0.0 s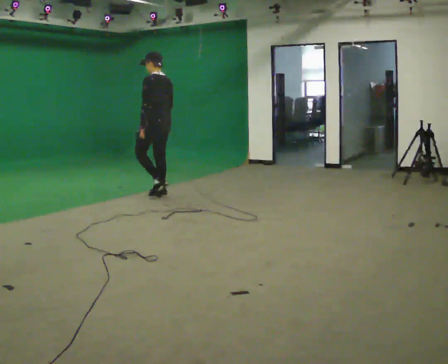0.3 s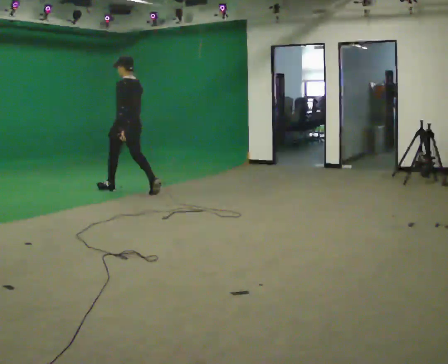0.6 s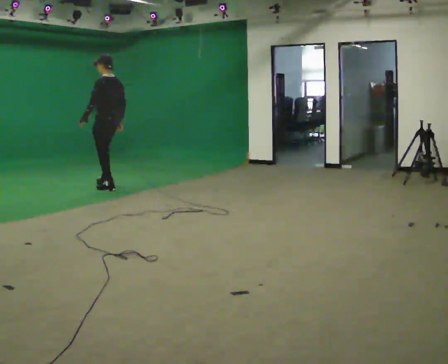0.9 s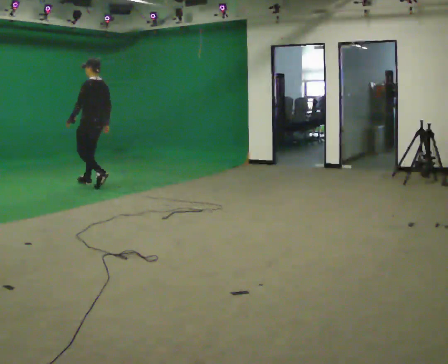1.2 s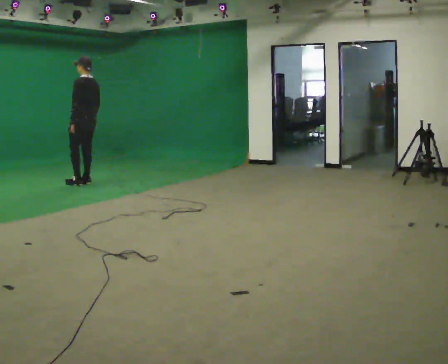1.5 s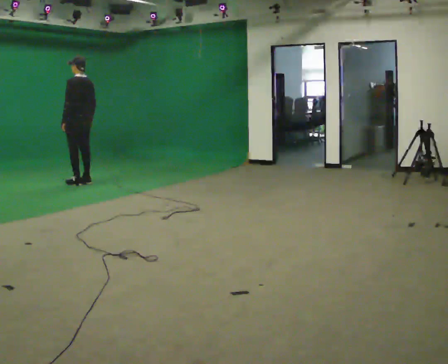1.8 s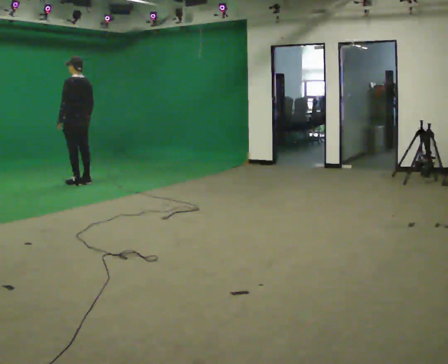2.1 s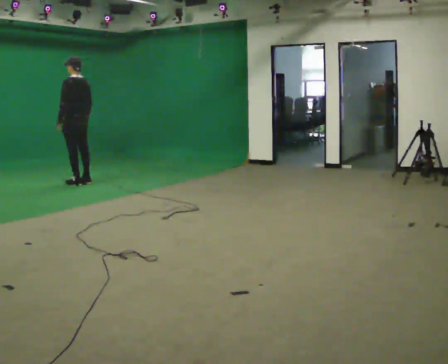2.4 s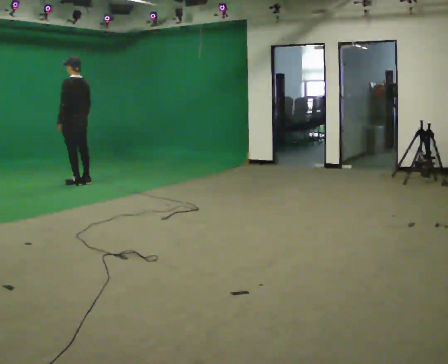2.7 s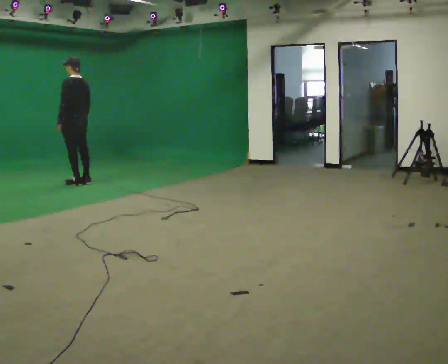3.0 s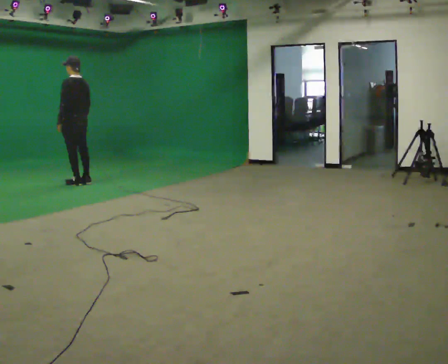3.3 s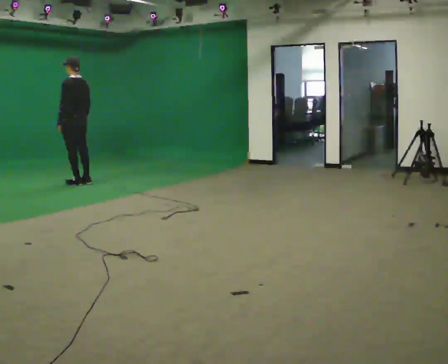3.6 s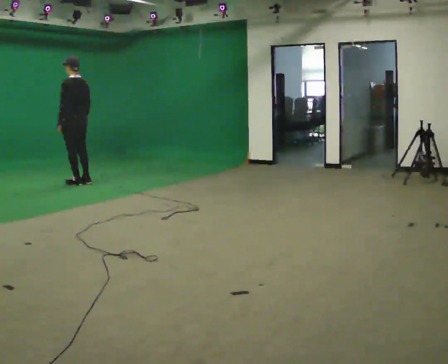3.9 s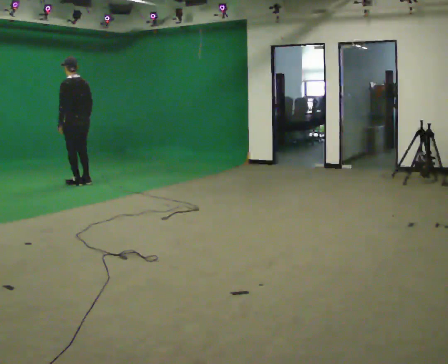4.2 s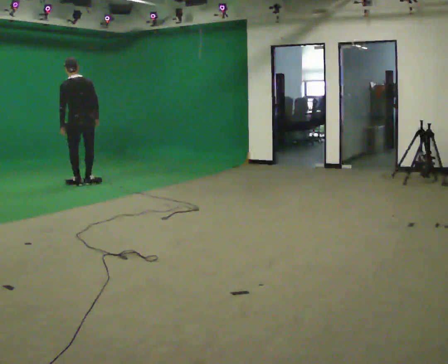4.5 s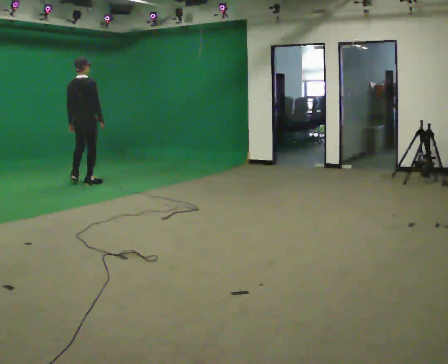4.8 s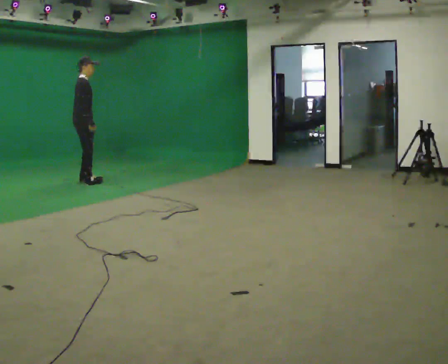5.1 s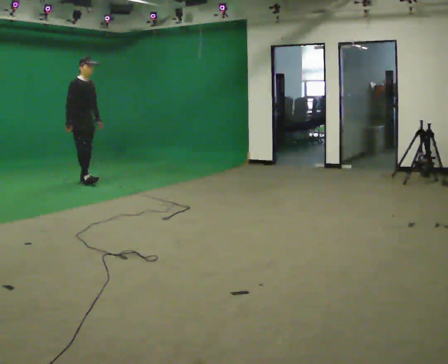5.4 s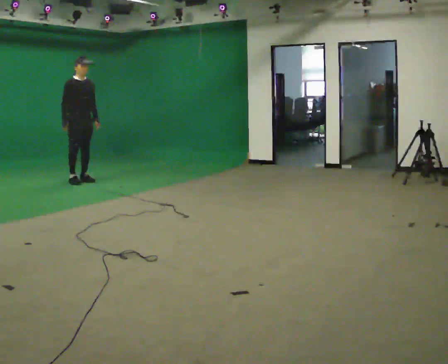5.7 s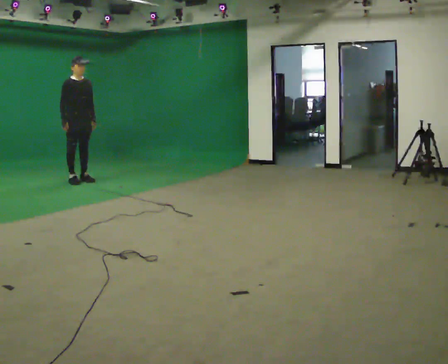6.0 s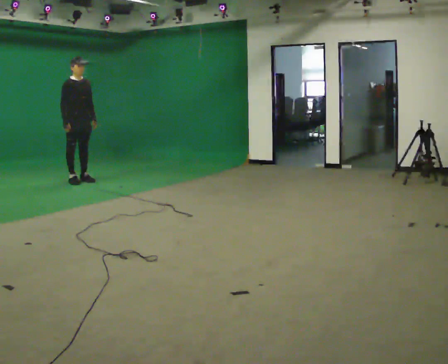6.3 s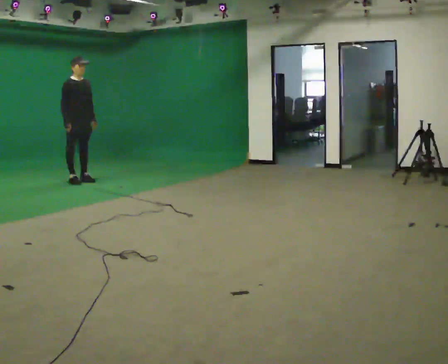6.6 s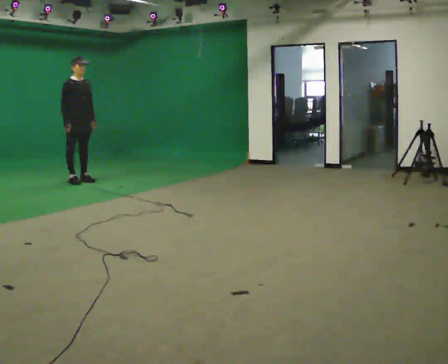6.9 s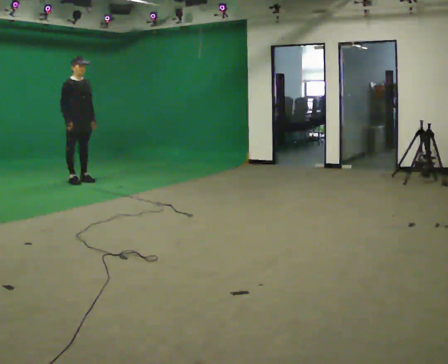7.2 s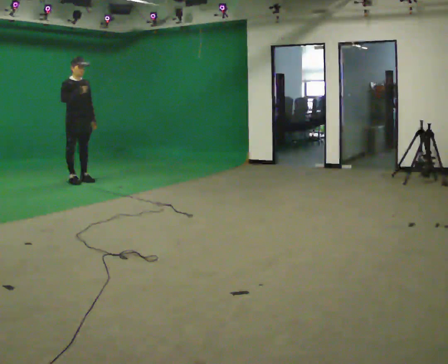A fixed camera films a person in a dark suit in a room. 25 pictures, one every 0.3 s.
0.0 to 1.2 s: In the picture they go away from the camera and to the left, about 1.5 m in 3 steps, which for them is forward.
1.2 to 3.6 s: The person moves a little, or ends about where they began.
3.6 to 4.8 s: The part of the body nearest the lens slides to the left as the person turns to their right by about 150 degrees. In the picture their left hand goes to the right.
4.8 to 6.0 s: Seen from above the body turns clockwise, about 45 degrees: to their right, with its near side sliding to the left.
6.0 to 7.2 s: In the picture their right hand goes upward.
The film runs forward here.
